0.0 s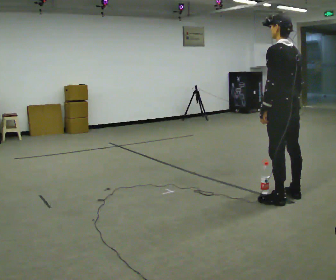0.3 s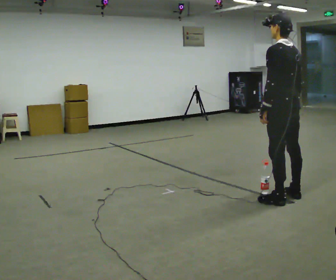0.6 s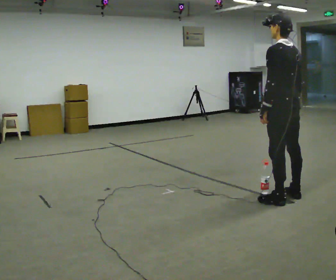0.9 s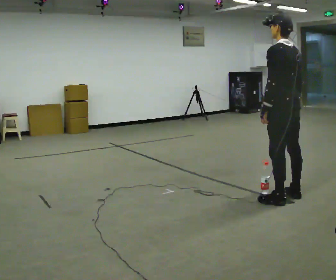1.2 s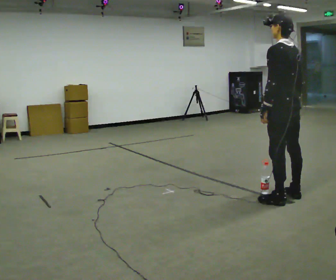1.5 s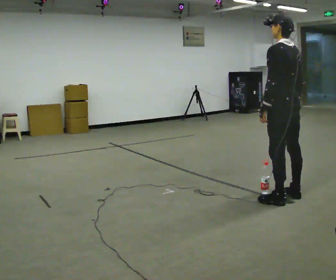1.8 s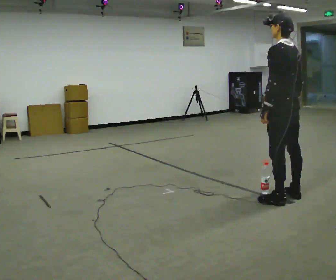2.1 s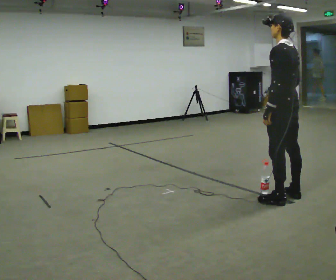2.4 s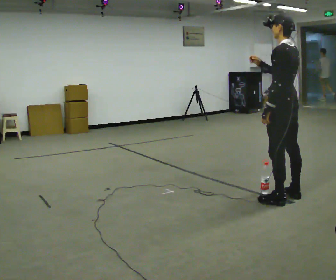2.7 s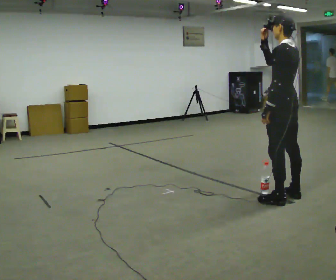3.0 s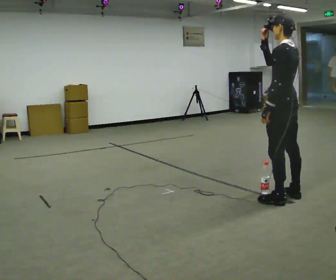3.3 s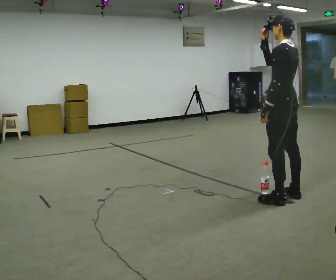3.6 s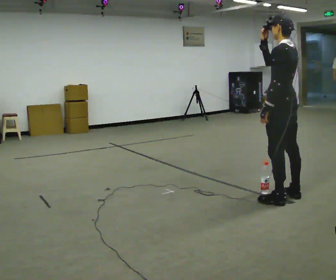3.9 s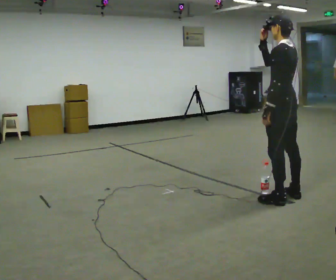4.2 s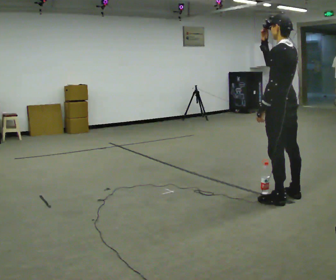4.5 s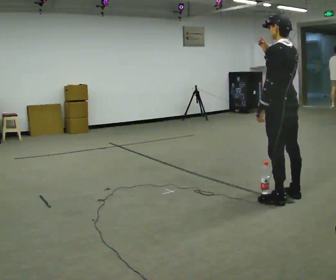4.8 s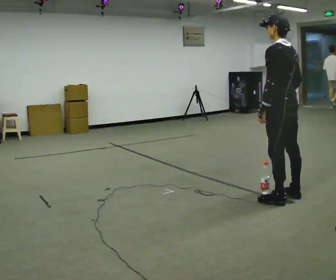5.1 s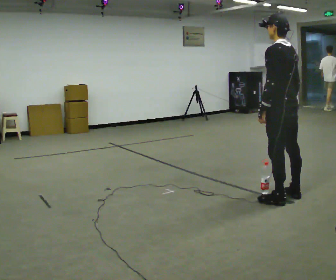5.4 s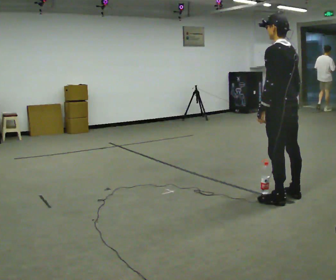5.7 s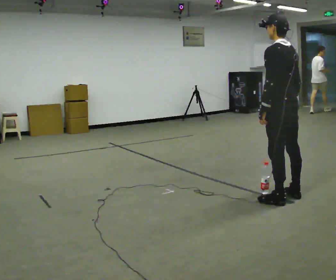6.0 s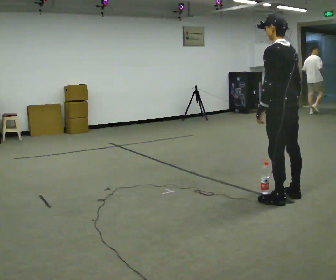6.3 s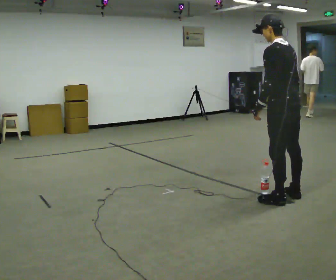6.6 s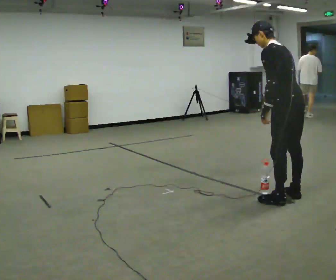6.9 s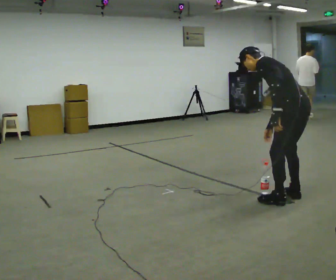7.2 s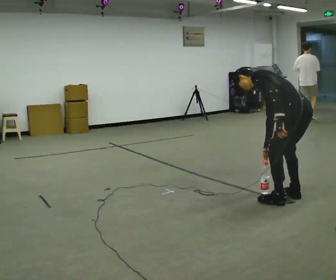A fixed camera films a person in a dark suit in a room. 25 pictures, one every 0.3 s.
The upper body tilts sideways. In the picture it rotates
counterclockwise.
The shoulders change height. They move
downward.
0.0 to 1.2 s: The person keeps their place and pose.
1.2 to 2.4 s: In the picture their right hand goes to the left and upward, the arm swinging clockwise.
2.4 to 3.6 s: The person moves a little, or ends about where they began.
3.6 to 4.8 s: In the picture their right hand goes downward.
4.8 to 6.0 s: The person moves a little, or ends about where they began.
6.0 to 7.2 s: The upper body goes downward. In the picture the upper body tilts counterclockwise, shoulders to the left, as they bend forward.
The film runs backward here.
